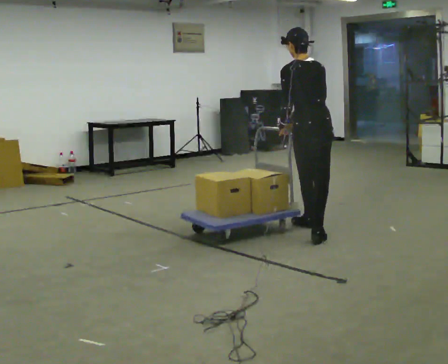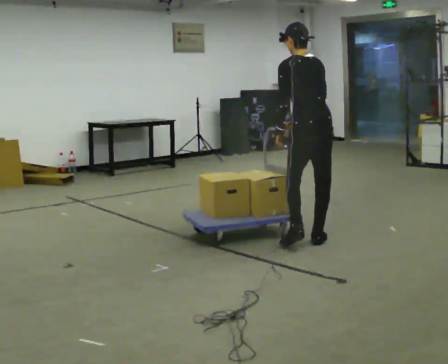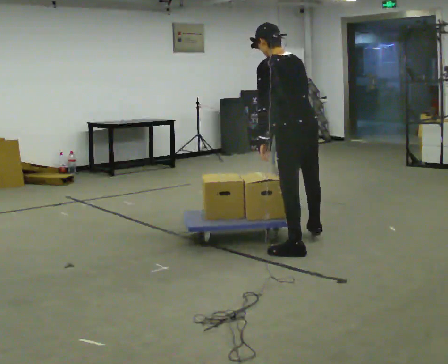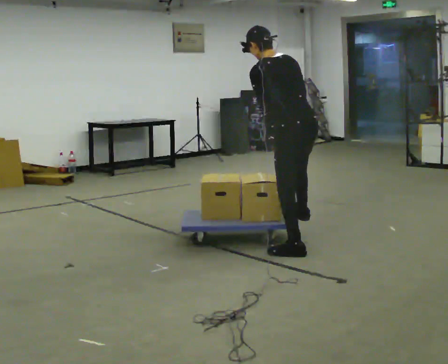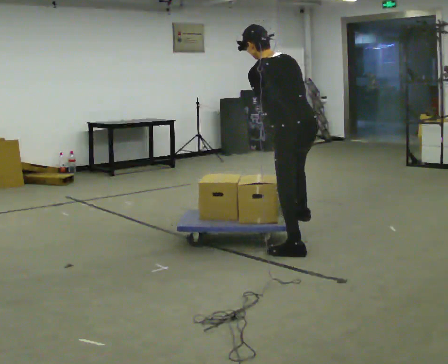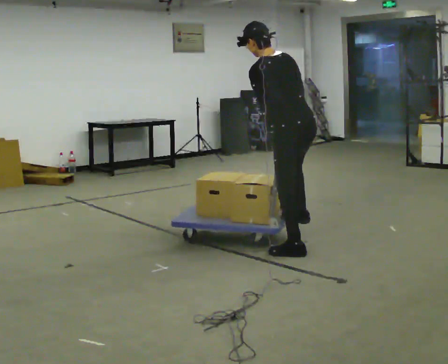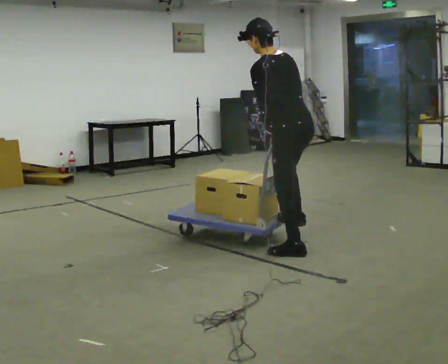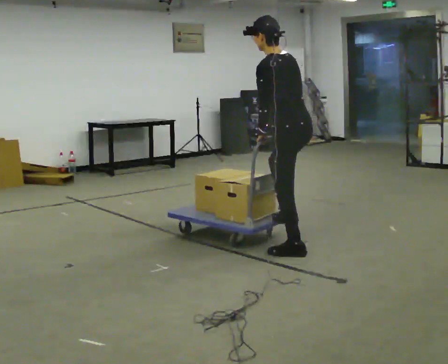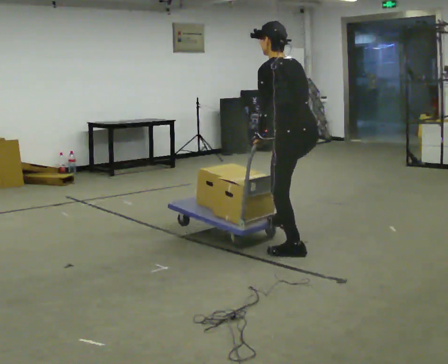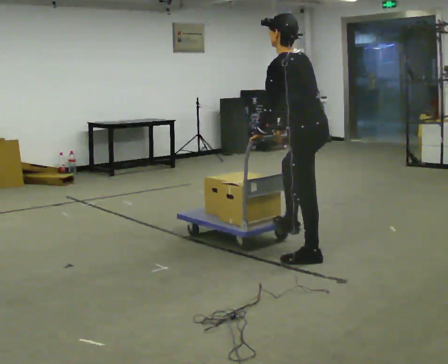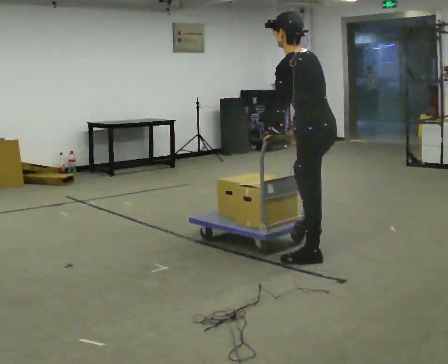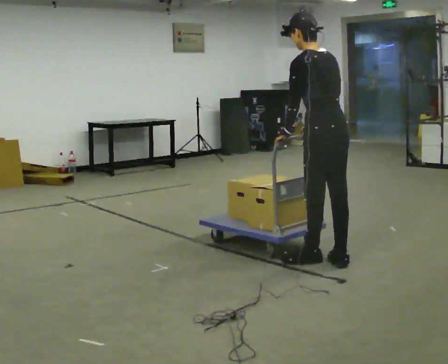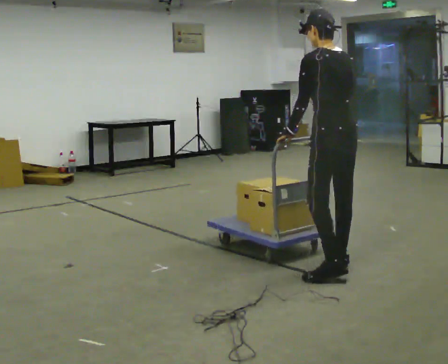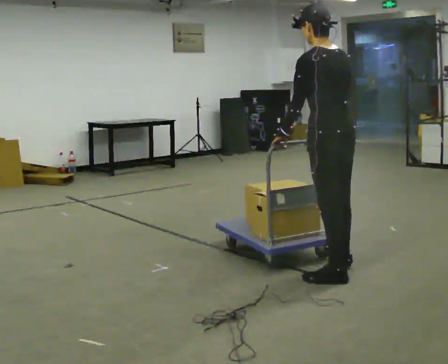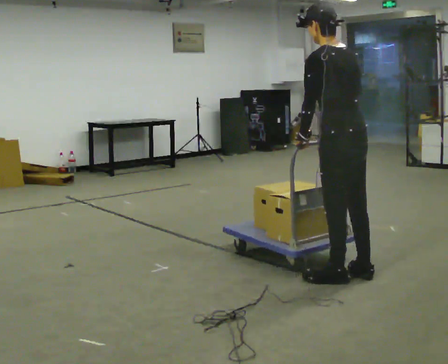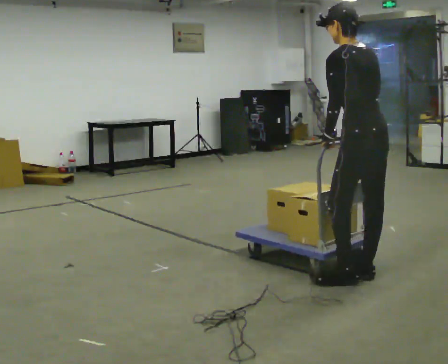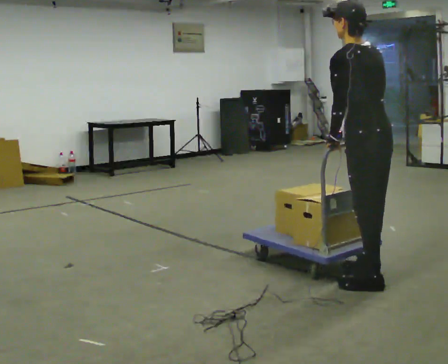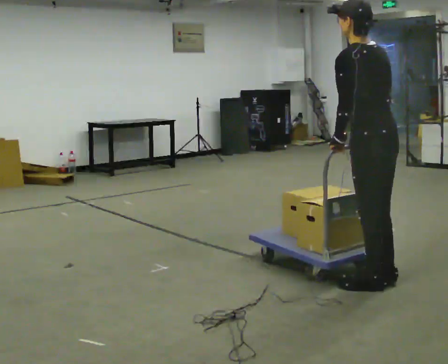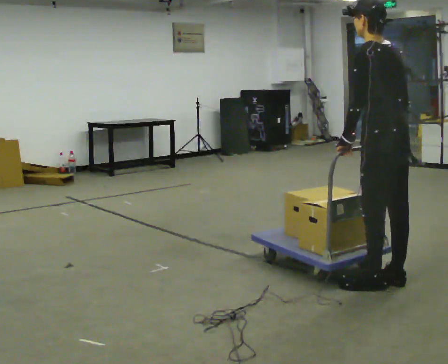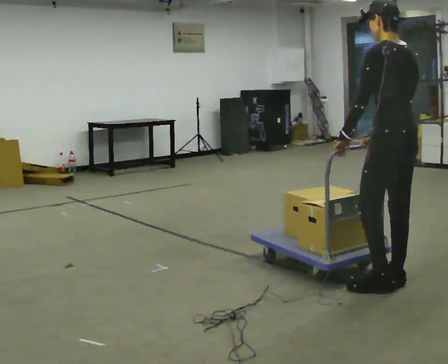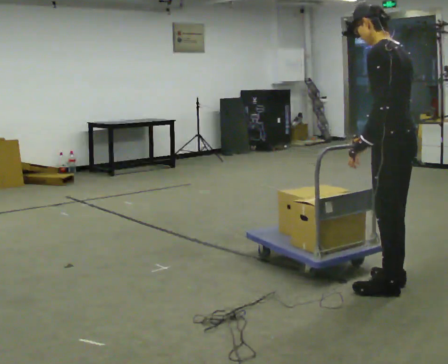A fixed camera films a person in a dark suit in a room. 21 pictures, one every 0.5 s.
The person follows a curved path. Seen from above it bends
counterclockwise.
The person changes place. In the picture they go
toward the camera.
0.0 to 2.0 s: In the picture they go toward the camera, about 0.5 m in 2 steps, which for them is to their left and backward. In the picture the upper body tilts counterclockwise, shoulders to the left.
2.0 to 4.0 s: The person moves a little, or ends about where they began.
4.0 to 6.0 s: In the picture they go toward the camera and to the right, about 0.5 m in 3 steps, which for them is backward.
6.0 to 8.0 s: In the picture they go toward the camera and to the right, about 0.5 m in 2 steps, which for them is backward.
8.0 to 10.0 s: In the picture they go to the right, about 0.25 m in 1 step, which for them is backward.
The film runs backward here.
